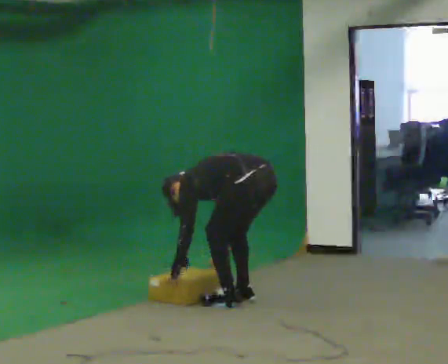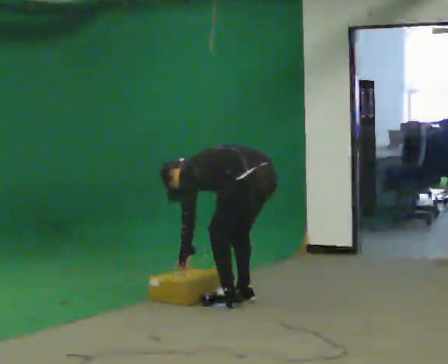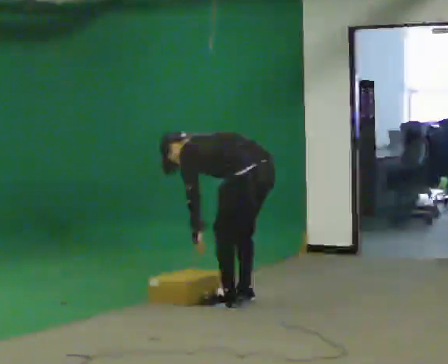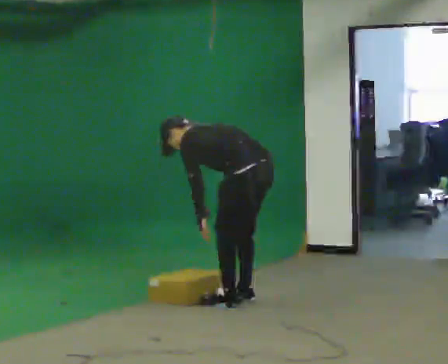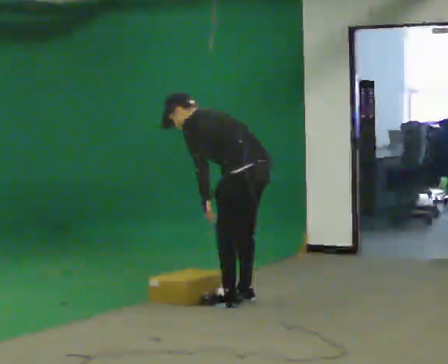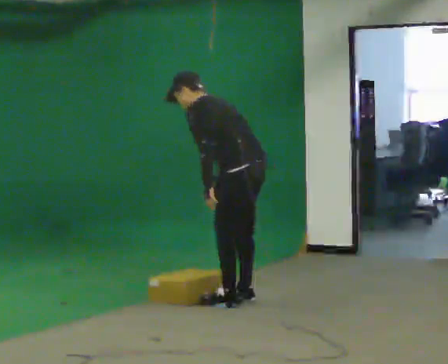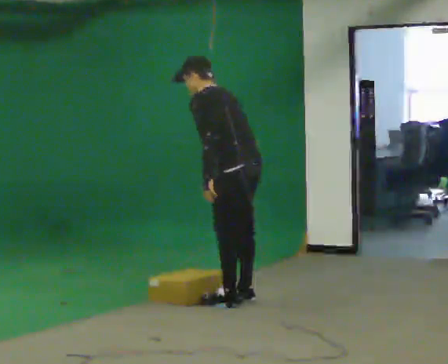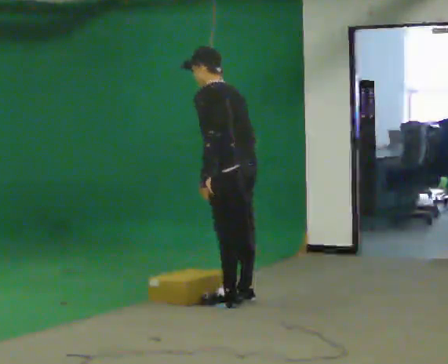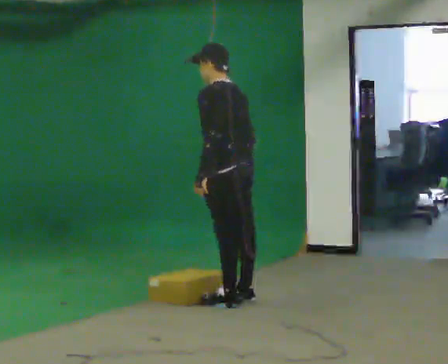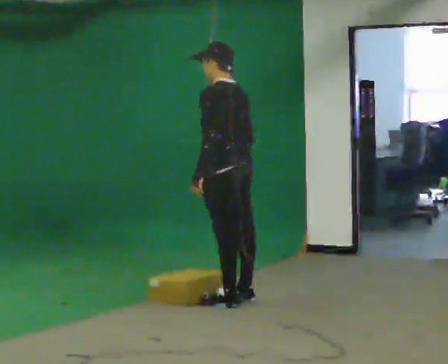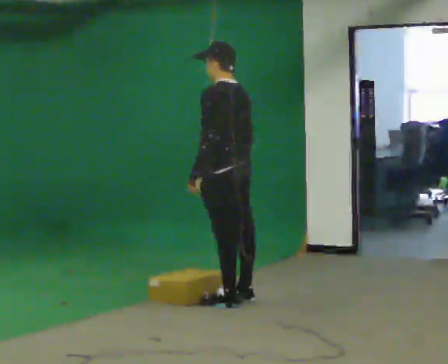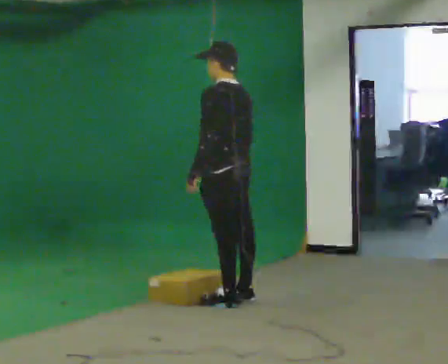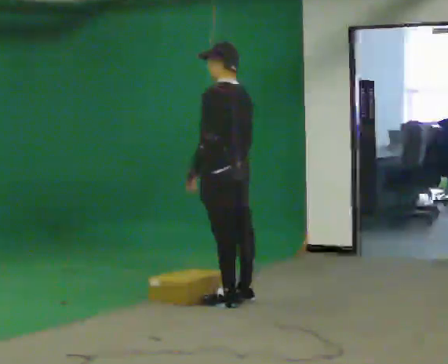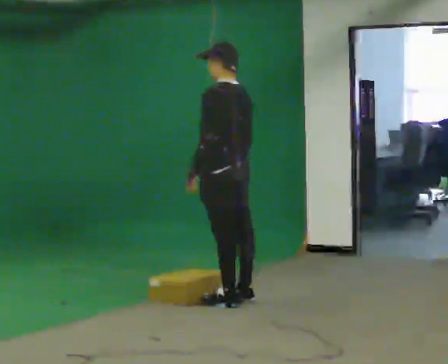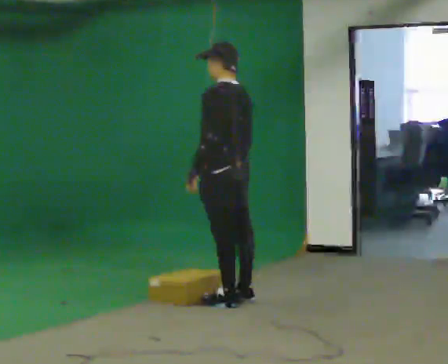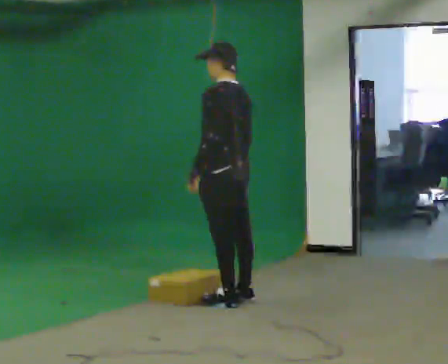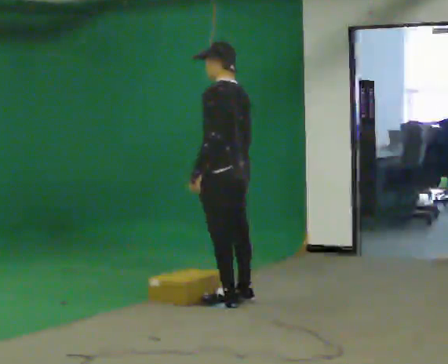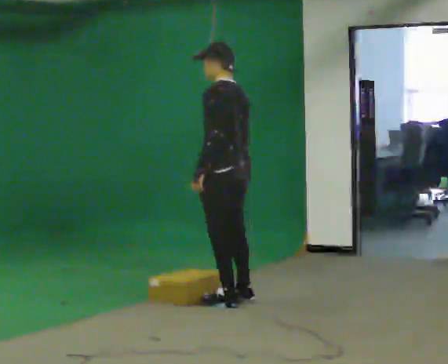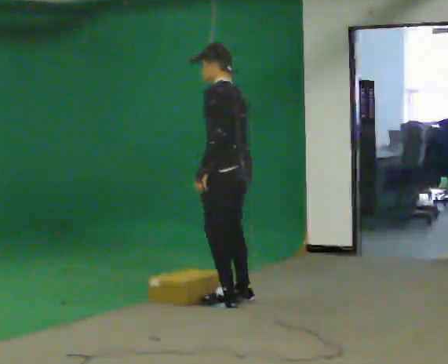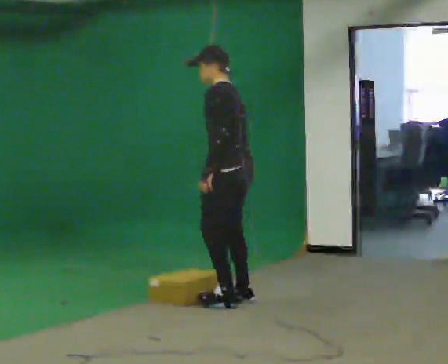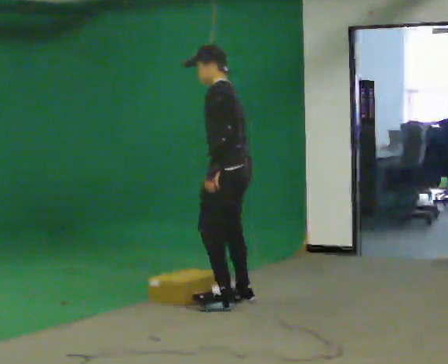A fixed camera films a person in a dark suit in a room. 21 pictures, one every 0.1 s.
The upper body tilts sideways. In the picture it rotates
clockwise.
Their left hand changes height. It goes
upward.
0.0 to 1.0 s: In the picture they go to the left, about 0.25 m, which for them is forward. The shoulders move upward. In the picture the upper body tilts clockwise, shoulders to the right, as they lean back or straighten. In the picture their left hand goes upward.
1.0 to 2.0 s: The person moves a little, or ends about where they began.
The film runs forward here.
